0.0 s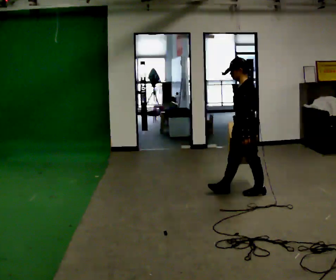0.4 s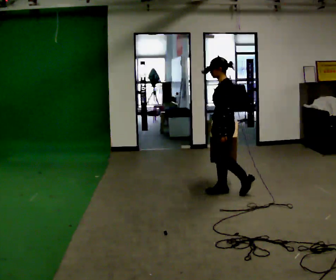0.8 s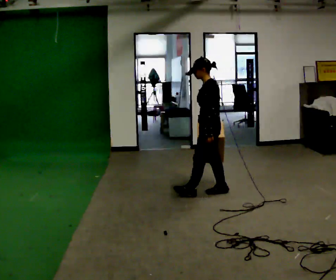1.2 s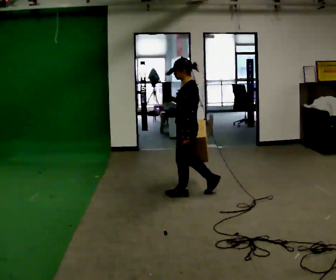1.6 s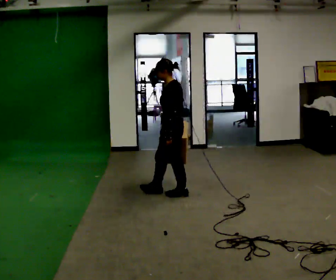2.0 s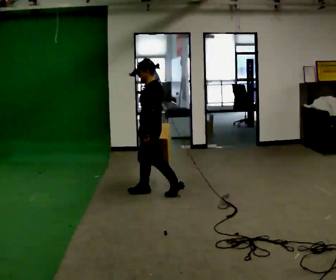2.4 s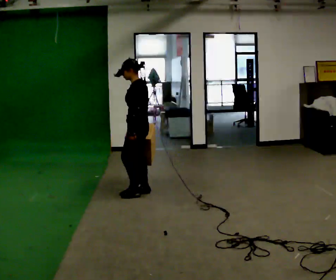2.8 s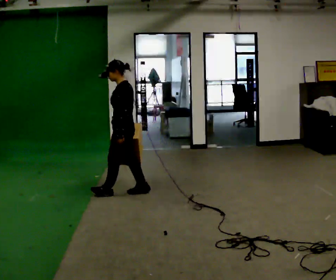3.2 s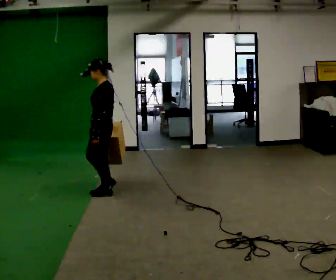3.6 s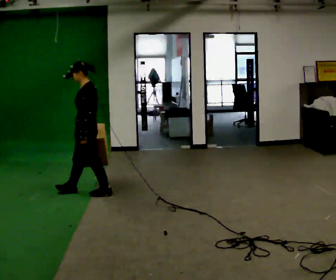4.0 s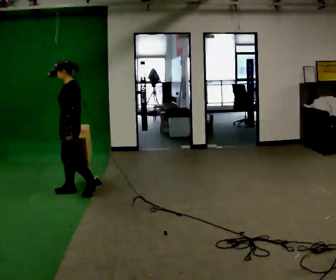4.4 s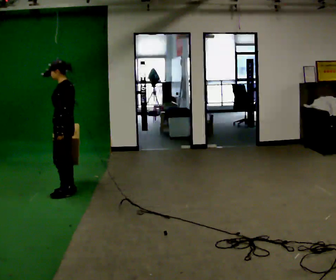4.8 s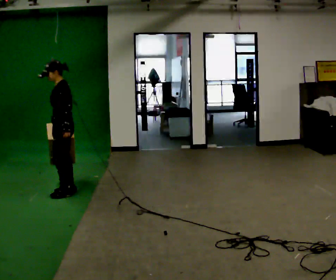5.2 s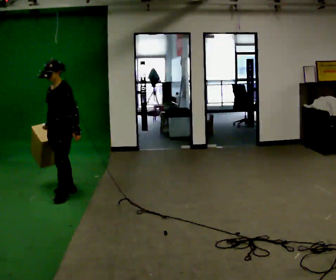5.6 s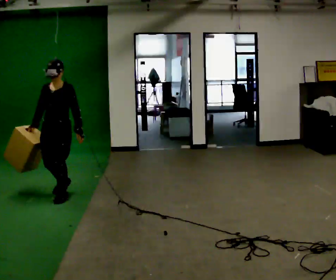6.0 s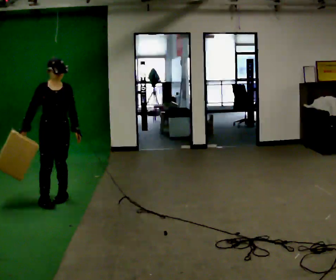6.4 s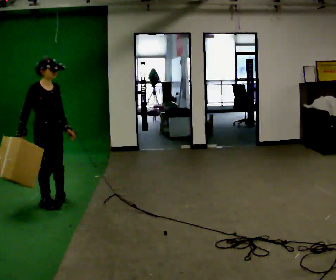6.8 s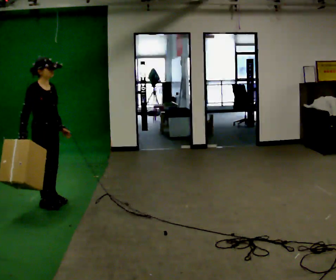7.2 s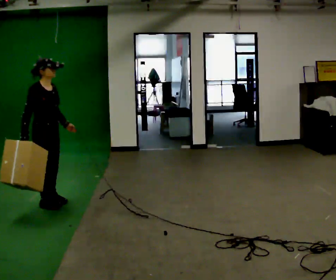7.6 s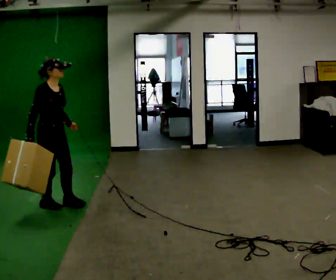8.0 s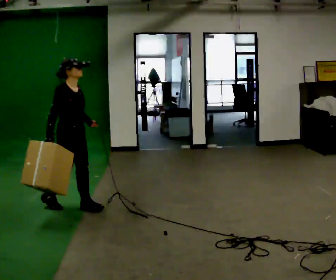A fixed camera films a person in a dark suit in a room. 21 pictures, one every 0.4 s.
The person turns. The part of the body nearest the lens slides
to the right.
The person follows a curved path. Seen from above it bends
counterclockwise.
0.0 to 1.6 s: In the picture they go to the left and away from the camera, about 1 m in 1 step, which for them is forward.
1.6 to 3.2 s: In the picture they go to the left and away from the camera, about 0.5 m in 2 steps, which for them is forward.
3.2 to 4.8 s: In the picture they go to the left and away from the camera, about 0.5 m in 2 steps, which for them is forward.
4.8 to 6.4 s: Seen from above the body turns counterclockwise, about 135 degrees: to their left, with its near side sliding to the right. In the picture they go toward the camera and to the left, about 0.5 m in 1 step.
6.4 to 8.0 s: In the picture they go to the right and toward the camera, about 0.25 m in 1 step, which for them is forward.
The film runs forward here.
